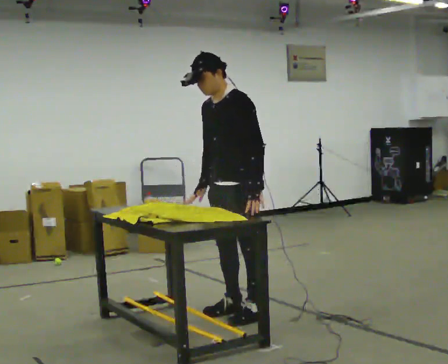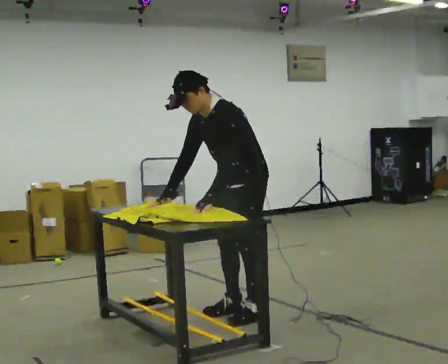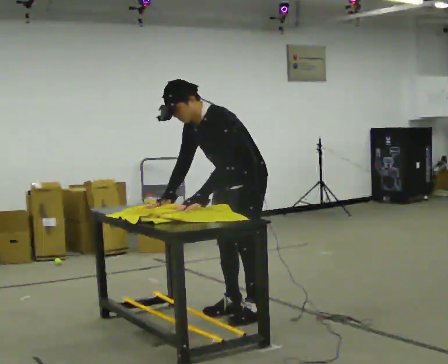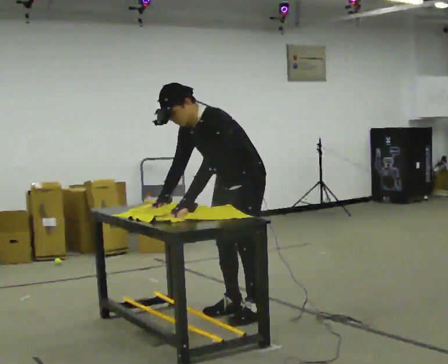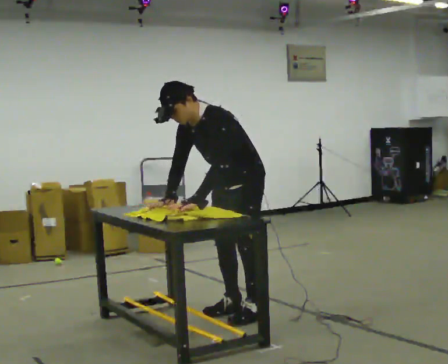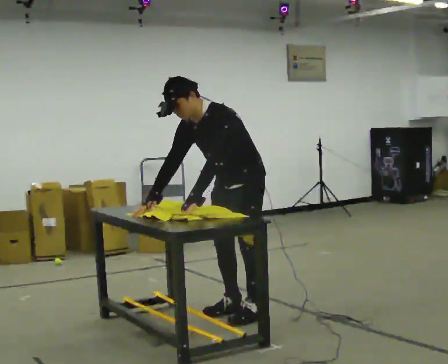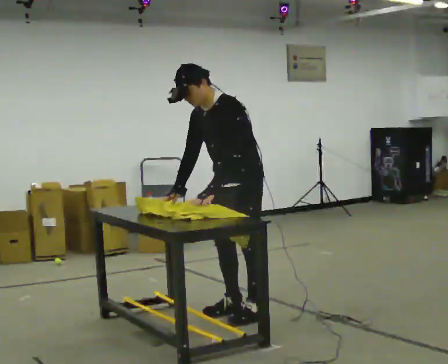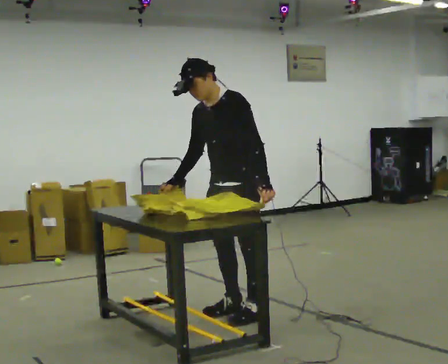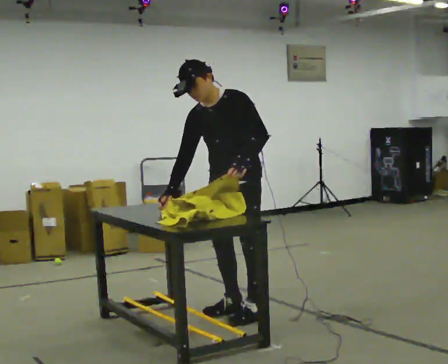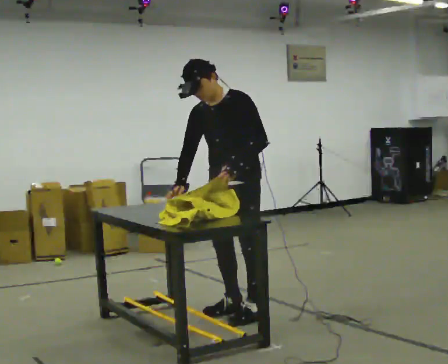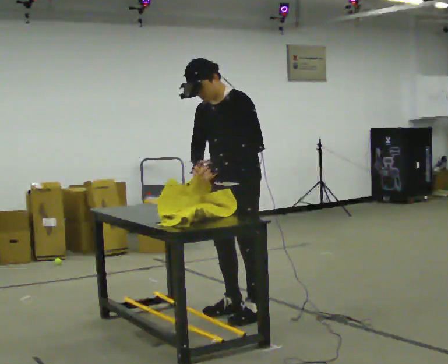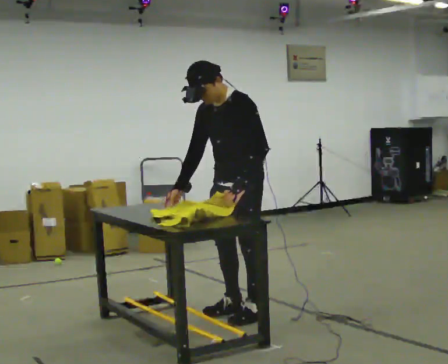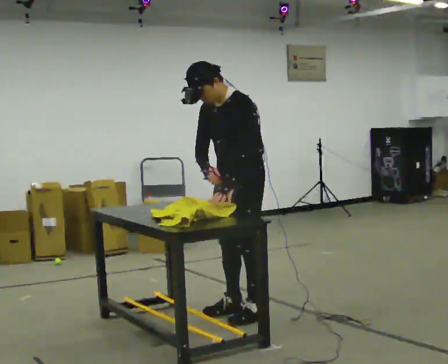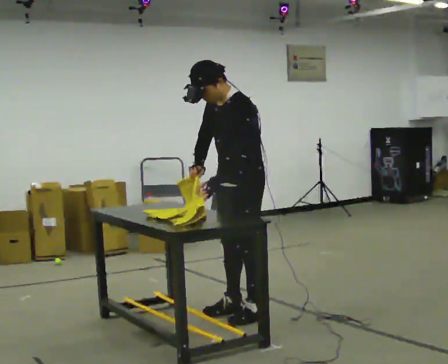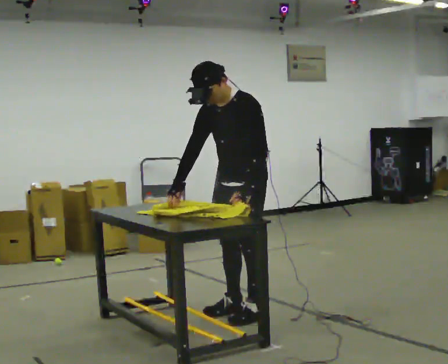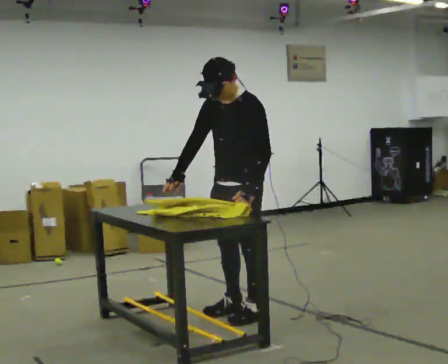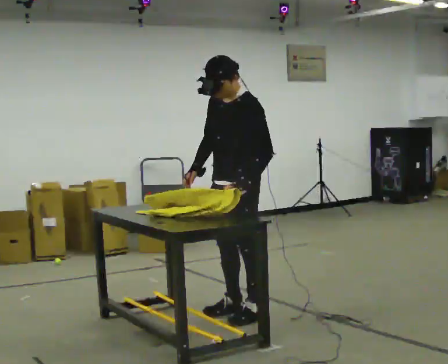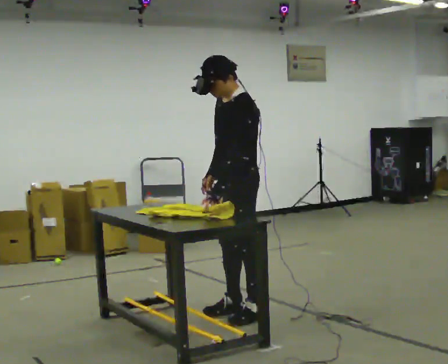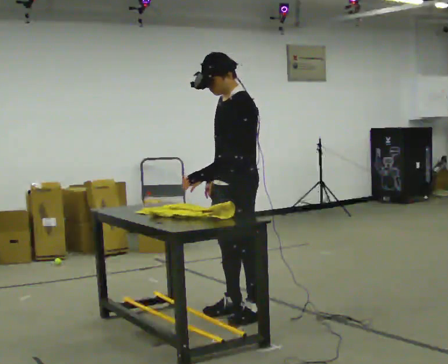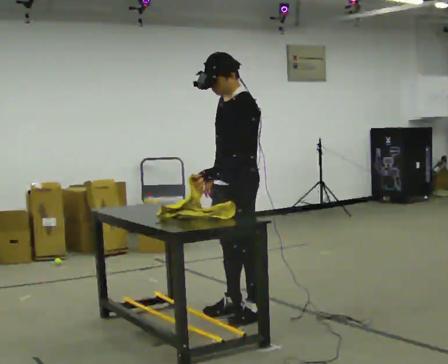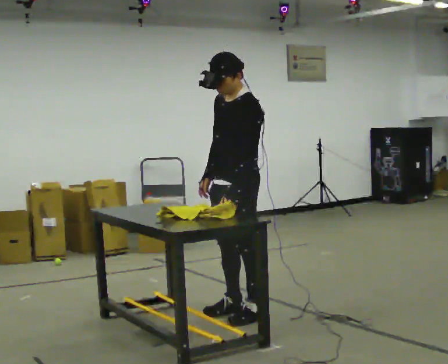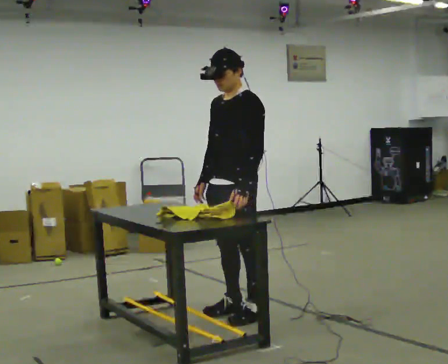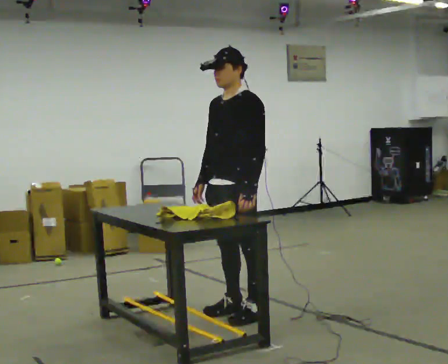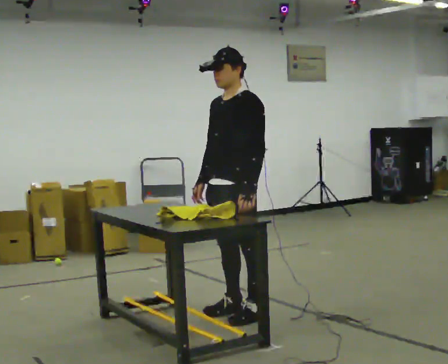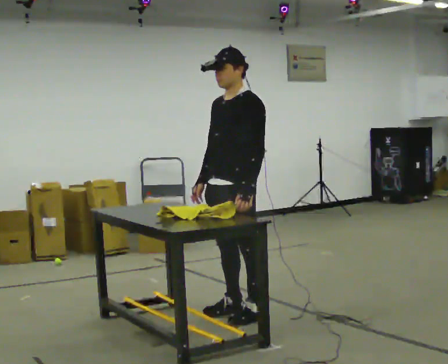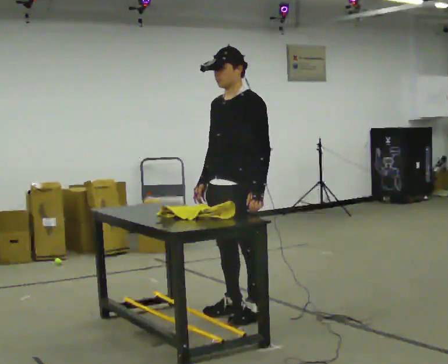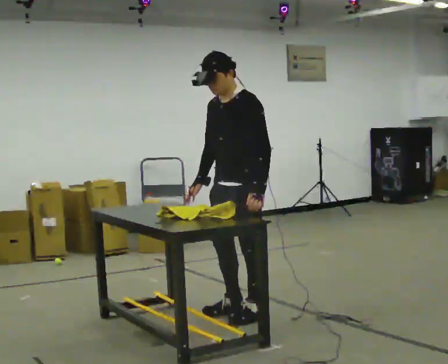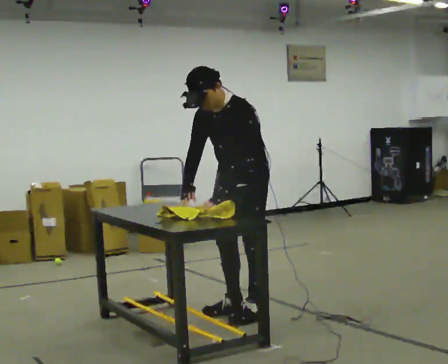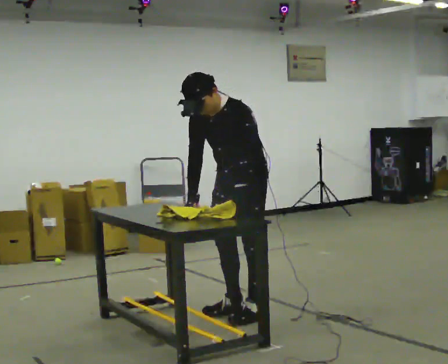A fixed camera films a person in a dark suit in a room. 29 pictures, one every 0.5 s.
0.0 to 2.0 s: In the picture the upper body tilts counterclockwise, shoulders to the left, as they bend forward. In the picture their left hand goes to the left.
2.0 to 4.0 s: In the picture the upper body tilts clockwise, shoulders to the right, as they lean back or straighten.
4.0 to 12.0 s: The person moves a little, or ends about where they began.
12.0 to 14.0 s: In the picture the upper body tilts counterclockwise, shoulders to the left, as they bend forward.
The film runs backward here.
